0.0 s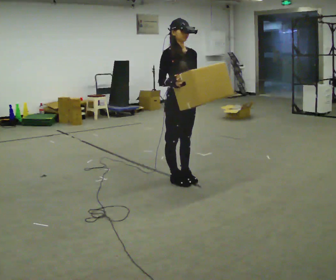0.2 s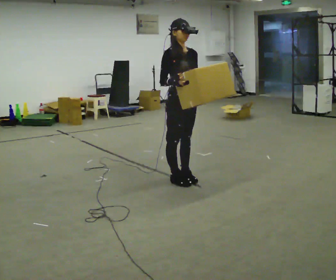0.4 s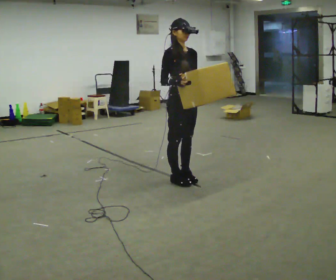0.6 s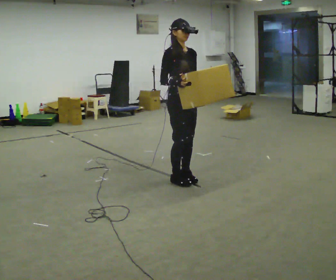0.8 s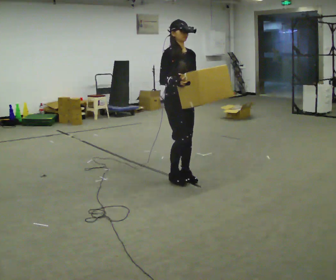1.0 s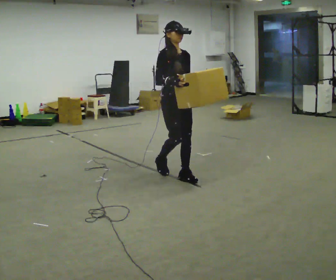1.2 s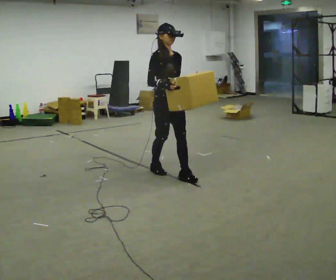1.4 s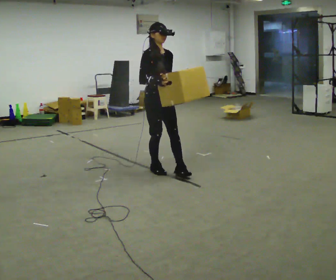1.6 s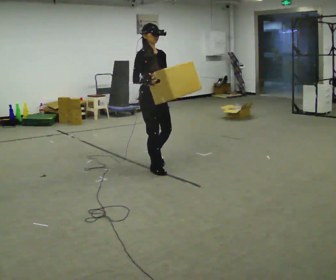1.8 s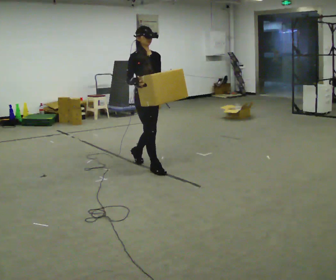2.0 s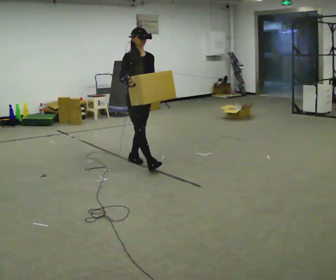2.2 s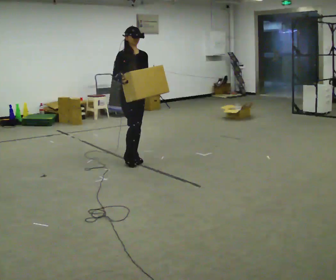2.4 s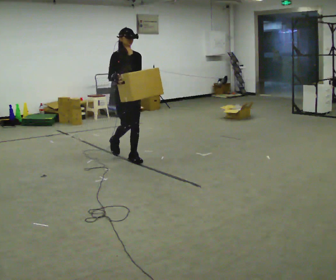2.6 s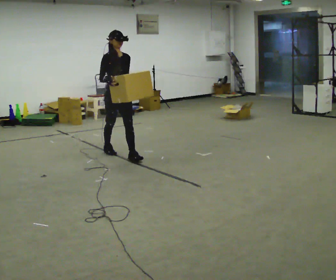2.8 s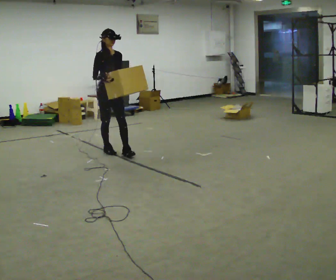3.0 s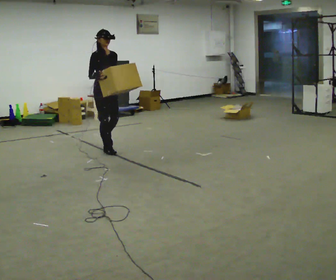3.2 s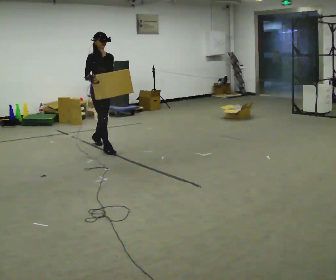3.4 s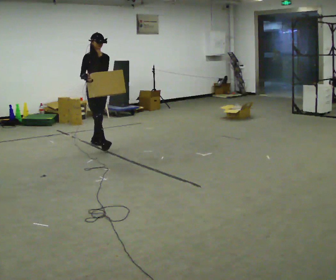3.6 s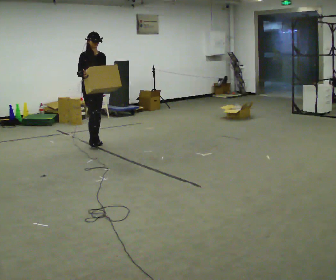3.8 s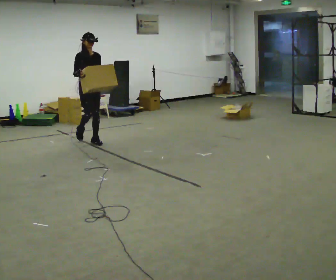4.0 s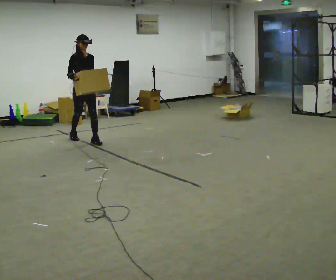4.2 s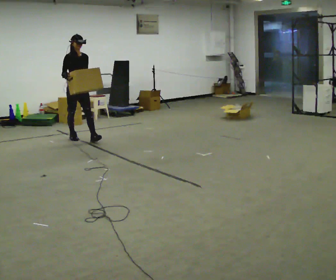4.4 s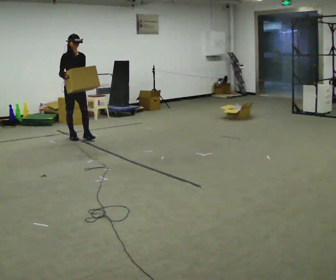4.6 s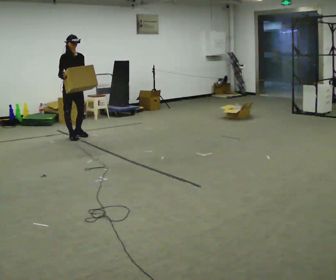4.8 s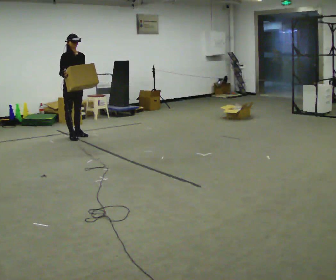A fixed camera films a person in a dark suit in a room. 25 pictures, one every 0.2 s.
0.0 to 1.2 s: In the picture they go away from the camera, about 0.25 m in 1 step, which for them is backward.
1.2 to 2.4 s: In the picture they go away from the camera and to the left, about 1 m in 2 steps, which for them is backward.
2.4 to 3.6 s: In the picture they go away from the camera and to the left, about 1 m in 2 steps, which for them is backward.
3.6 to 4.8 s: In the picture they go away from the camera and to the left, about 0.5 m in 1 step, which for them is backward.
The film runs backward here.
